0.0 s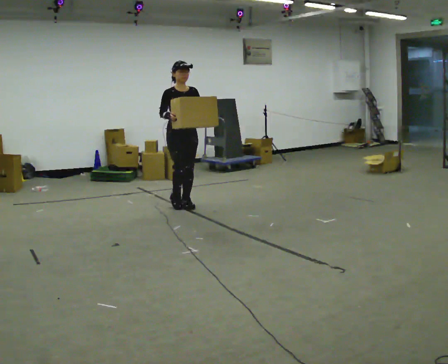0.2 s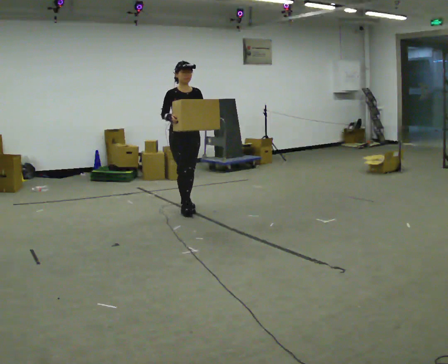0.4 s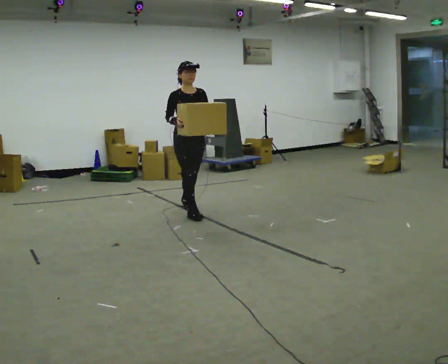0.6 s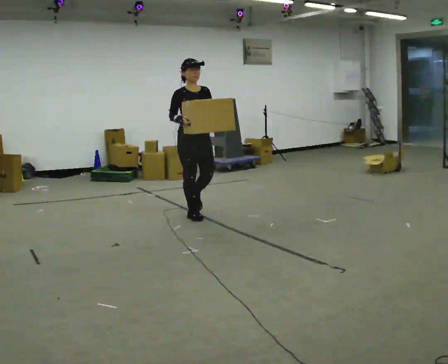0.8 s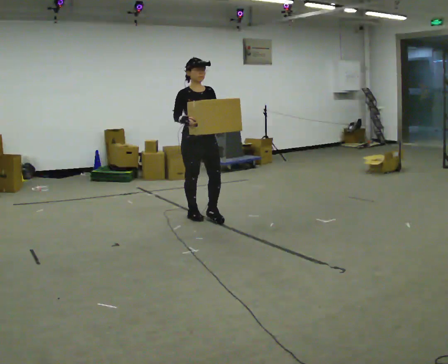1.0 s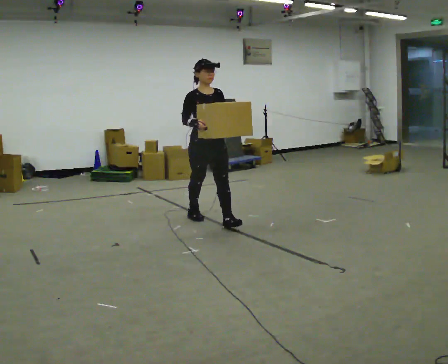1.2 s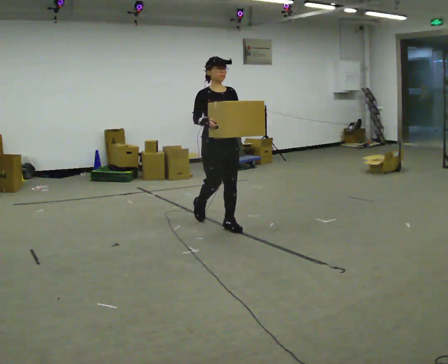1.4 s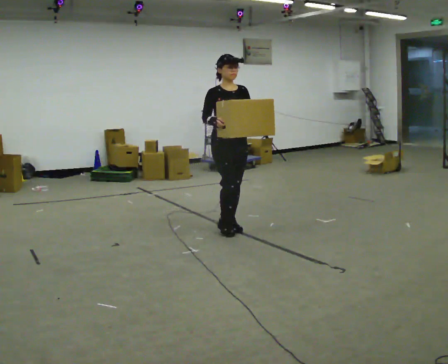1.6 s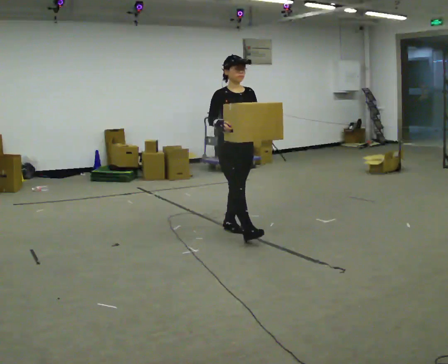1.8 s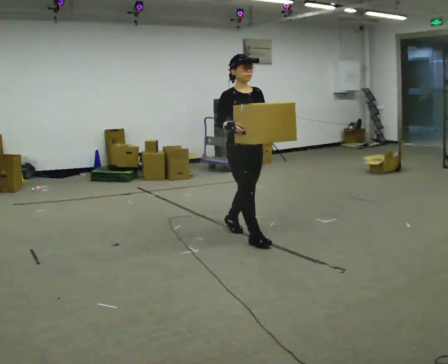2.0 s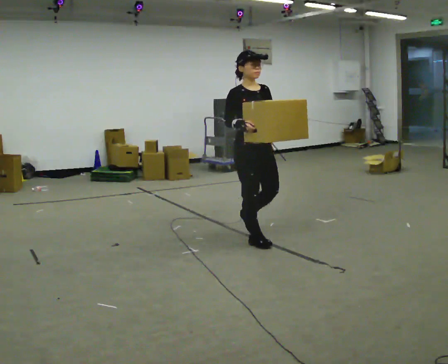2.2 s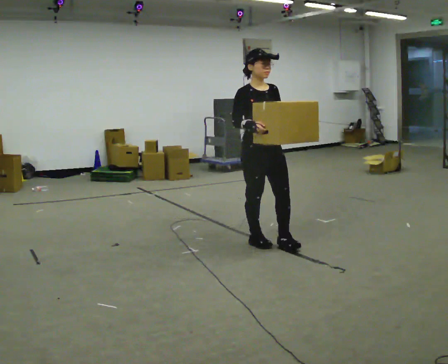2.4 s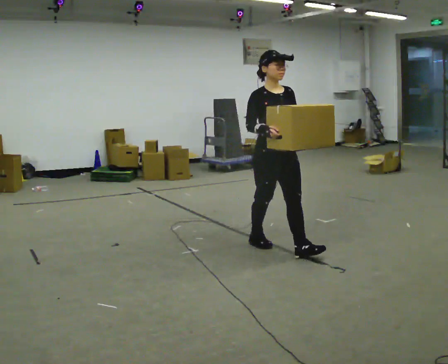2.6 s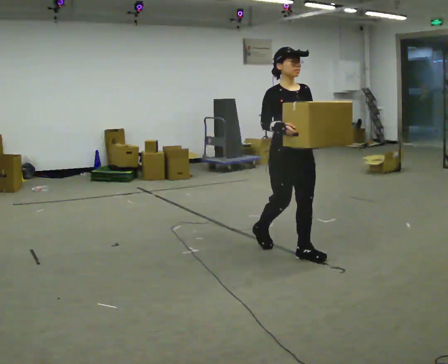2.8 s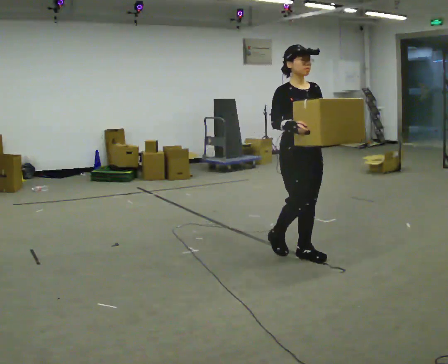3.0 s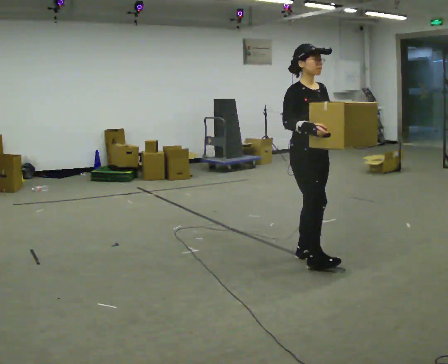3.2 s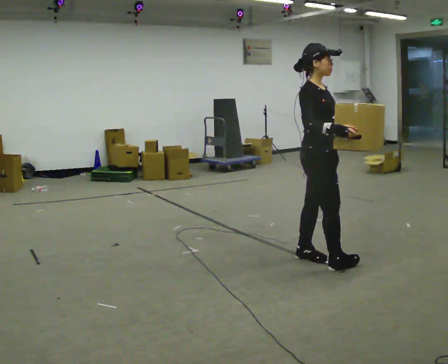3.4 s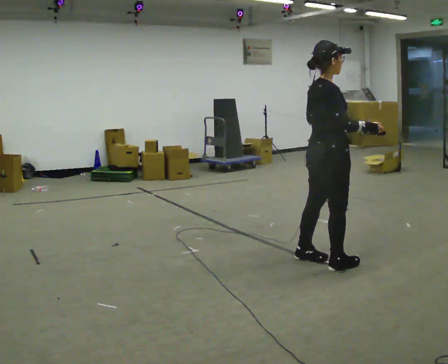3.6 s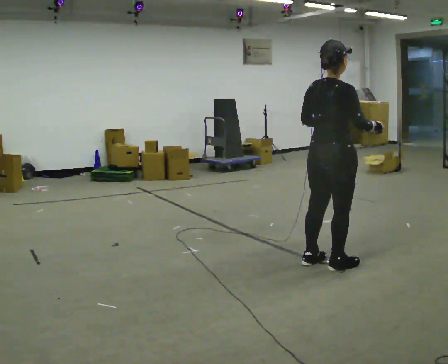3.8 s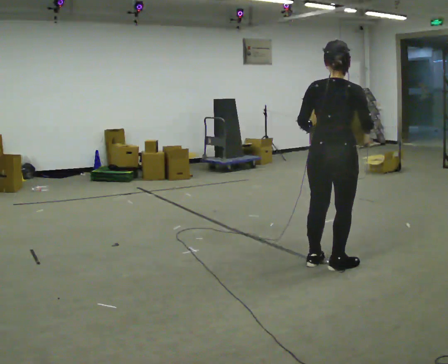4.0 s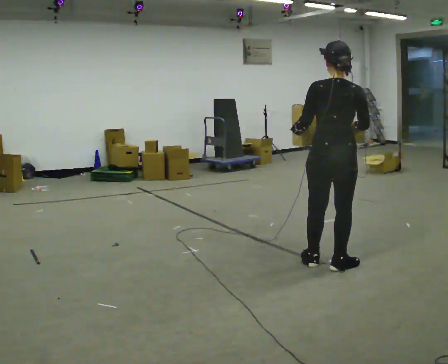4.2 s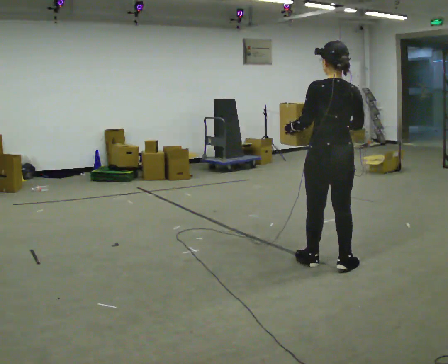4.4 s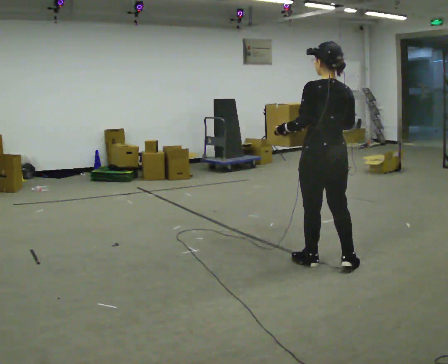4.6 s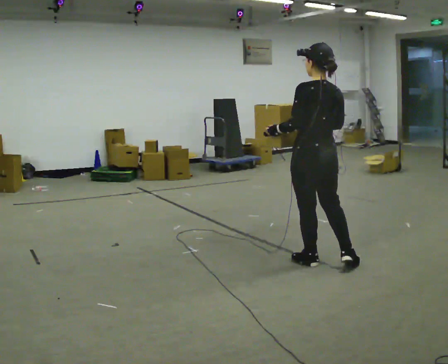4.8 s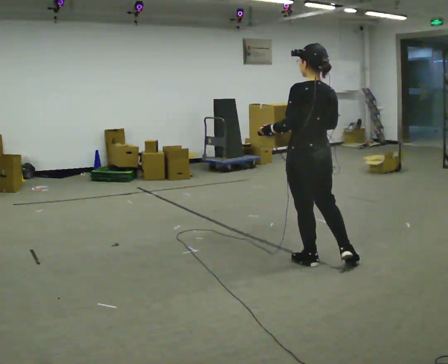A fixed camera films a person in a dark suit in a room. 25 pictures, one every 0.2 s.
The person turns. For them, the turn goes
to their left.
The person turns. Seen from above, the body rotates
counterclockwise.
0.0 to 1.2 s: In the picture they go toward the camera and to the right, about 1 m in 2 steps, which for them is forward.
1.2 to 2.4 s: In the picture they go toward the camera and to the right, about 1 m in 2 steps, which for them is forward.
2.4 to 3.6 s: Seen from above the body turns counterclockwise, about 105 degrees: to their left, with its near side sliding to the right. In the picture they go toward the camera and to the right, about 0.5 m in 1 step.
3.6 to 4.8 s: The part of the body nearest the lens slides to the right as the person turns to their left by about 75 degrees. In the picture their right hand goes to the left.
The film runs forward here.
